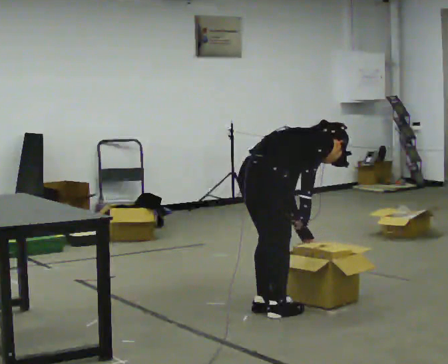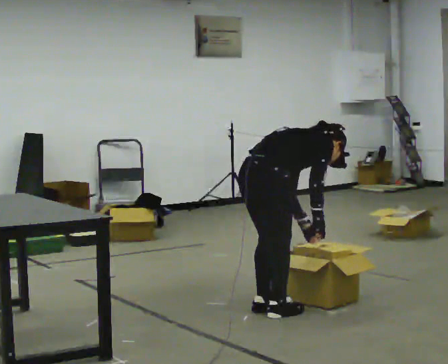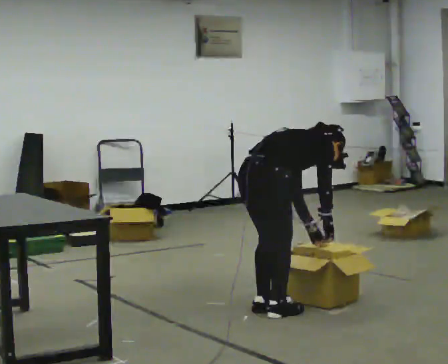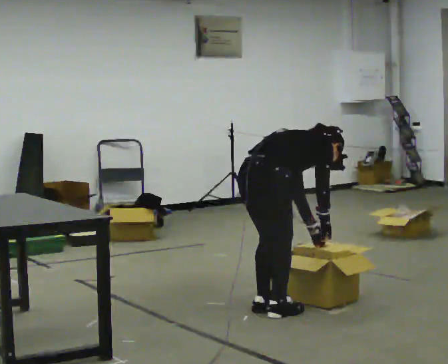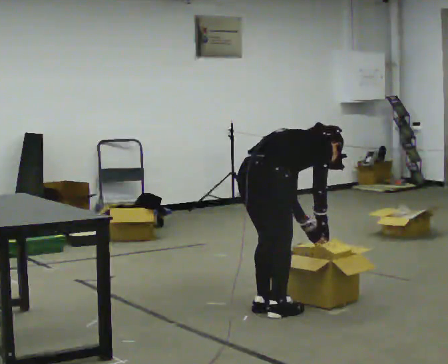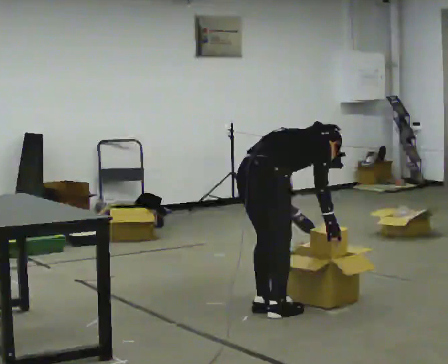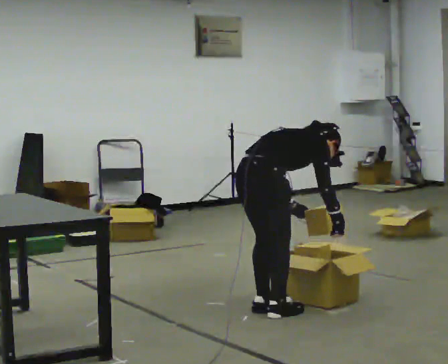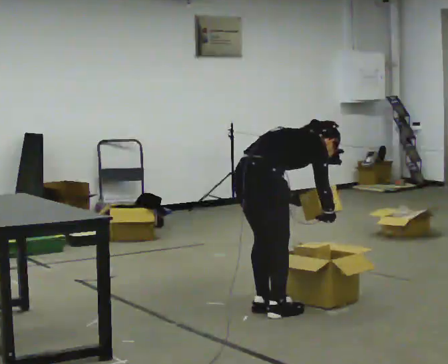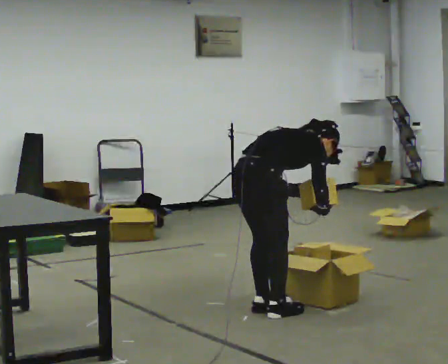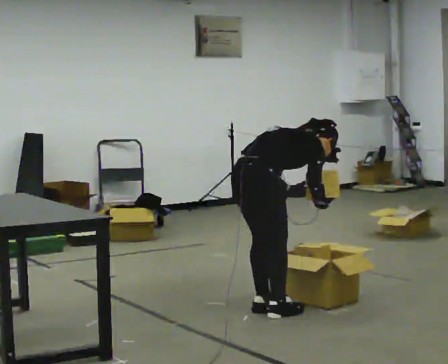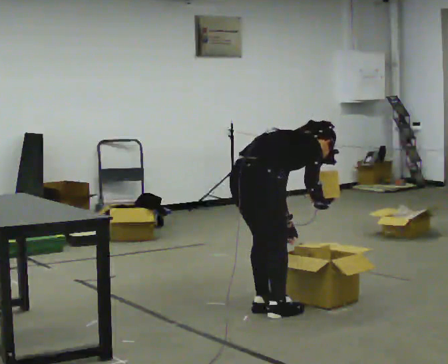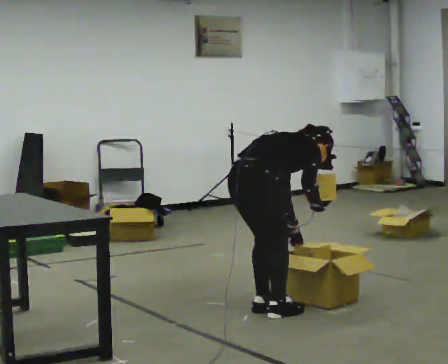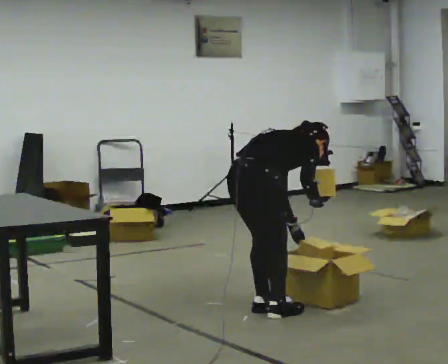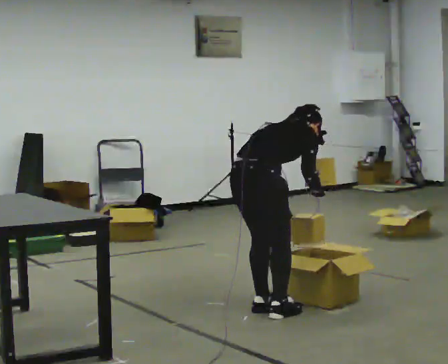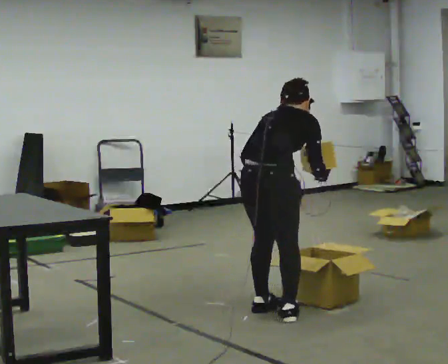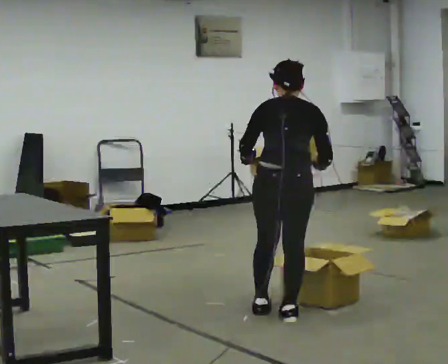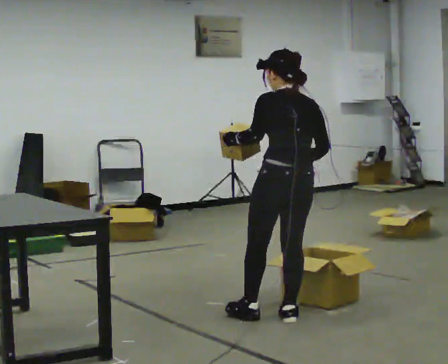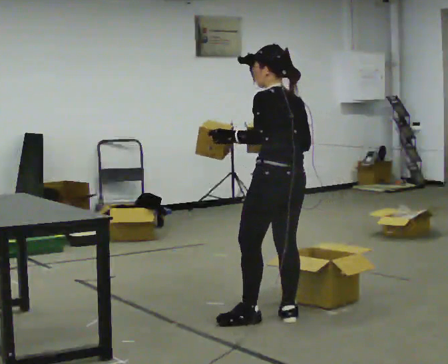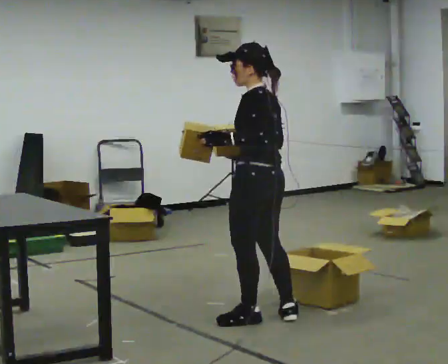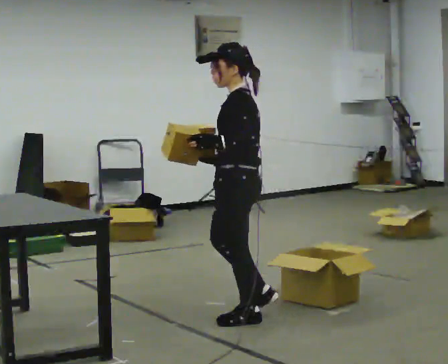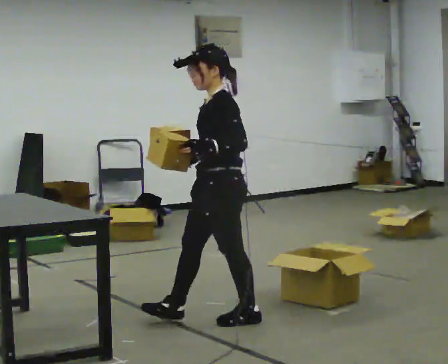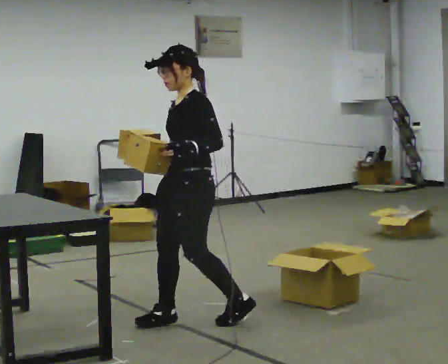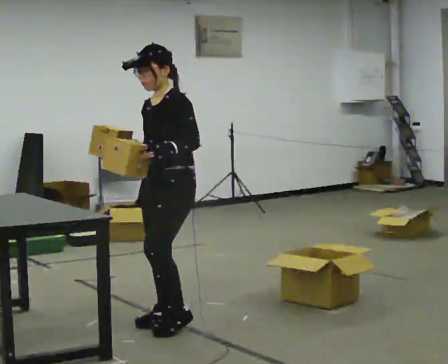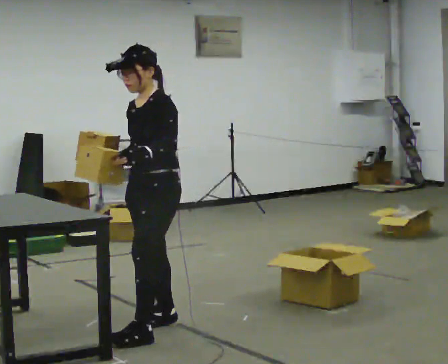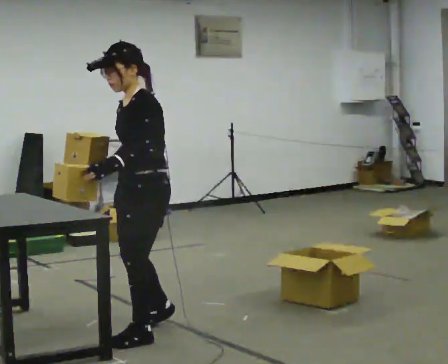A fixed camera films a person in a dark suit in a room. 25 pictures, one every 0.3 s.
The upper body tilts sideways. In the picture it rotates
counterclockwise.
The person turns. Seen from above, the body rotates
counterclockwise.
0.0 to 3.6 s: The person moves a little, or ends about where they began.
3.6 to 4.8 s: Seen from above the body turns counterclockwise, about 75 degrees: to their left, with its near side sliding to the right. In the picture they go to the right, about 0.25 m. The upper body goes upward. In the picture the upper body tilts counterclockwise, shoulders to the left, as they lean back or straighten. In the picture their left hand goes upward and to the left, the arm swinging clockwise.
4.8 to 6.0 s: Seen from above the body turns counterclockwise, about 75 degrees: to their left, with its near side sliding to the right. In the picture they go to the left, about 0.5 m in 1 step.
6.0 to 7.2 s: In the picture they go to the left and toward the camera, about 0.5 m in 2 steps, which for them is forward.
The film runs forward here.
